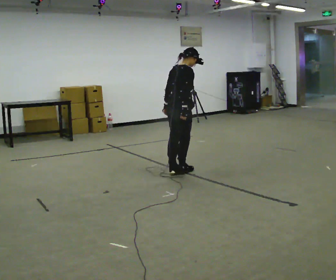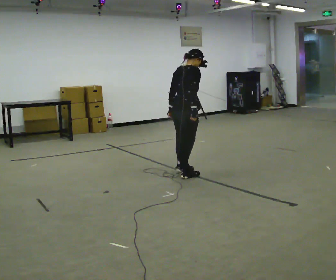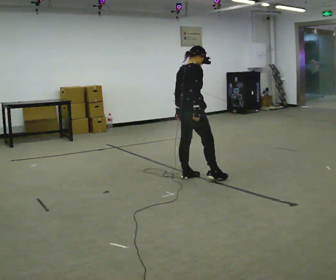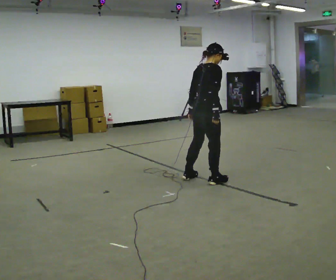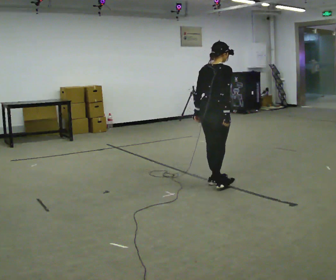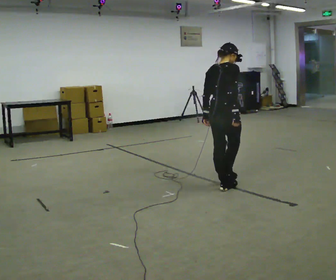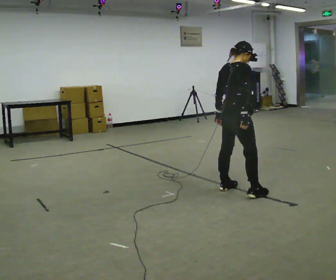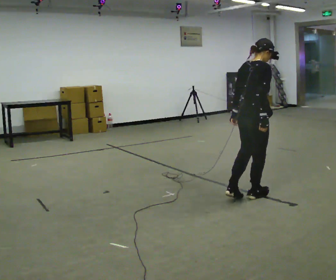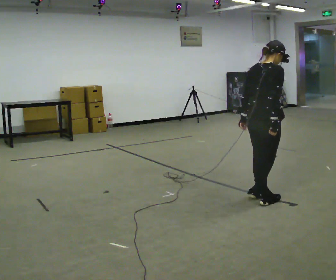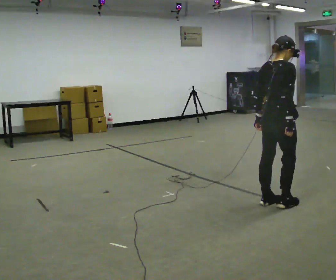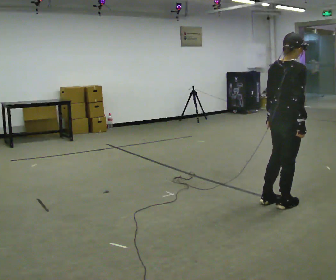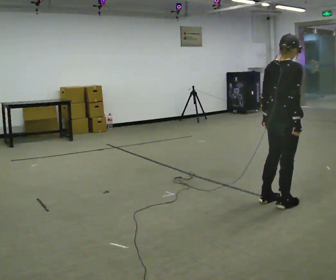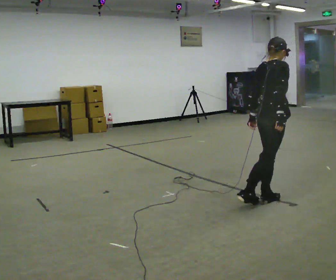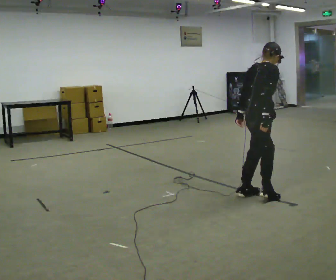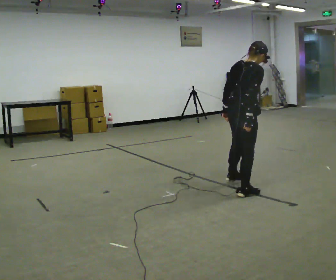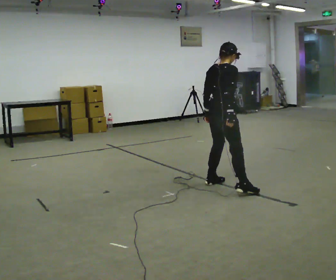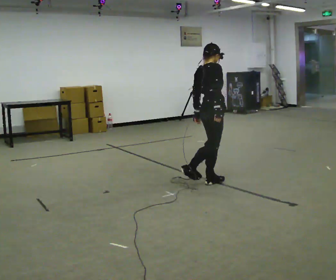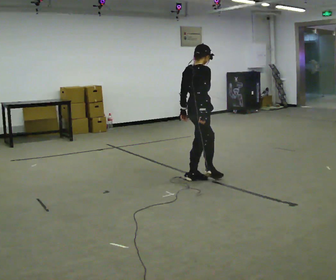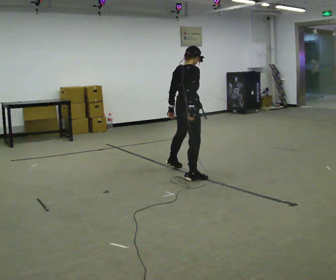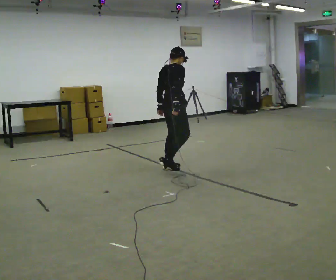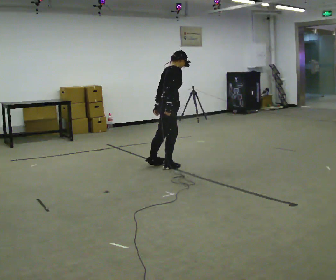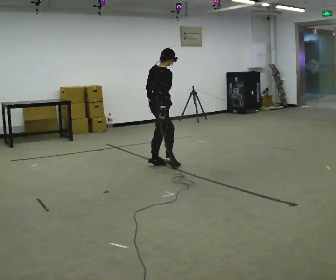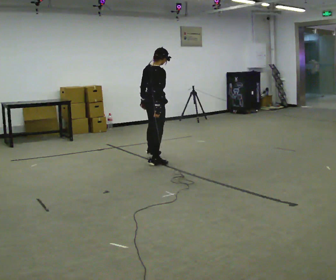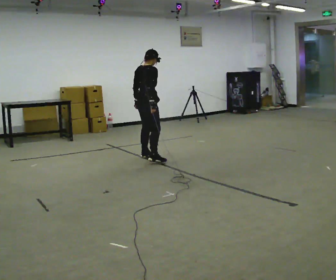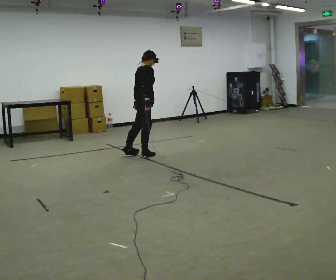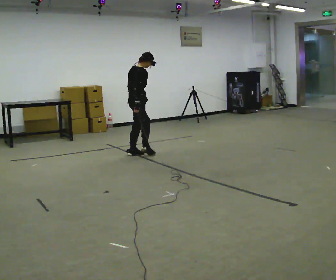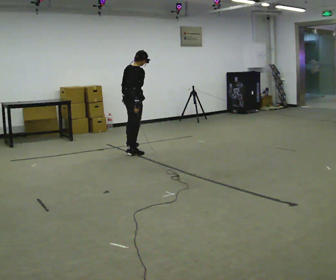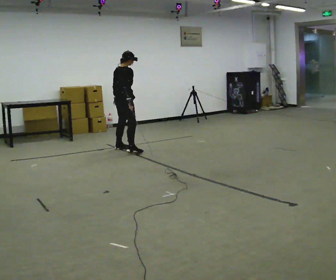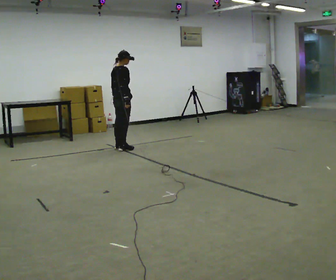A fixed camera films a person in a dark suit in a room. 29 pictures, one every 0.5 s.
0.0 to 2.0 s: In the picture they go toward the camera and to the right, about 0.75 m in 2 steps, which for them is to their right.
2.0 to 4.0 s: In the picture they go toward the camera and to the right, about 0.75 m in 3 steps, which for them is to their right.
4.0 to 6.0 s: The person moves a little, or ends about where they began.
6.0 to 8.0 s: In the picture they go away from the camera and to the left, about 1 m in 2 steps, which for them is to their left.
8.0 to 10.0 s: In the picture they go away from the camera and to the left, about 1 m in 2 steps, which for them is to their left.
10.0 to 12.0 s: In the picture they go away from the camera and to the left, about 0.5 m in 2 steps, which for them is to their left.
12.0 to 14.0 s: In the picture they go to the left and away from the camera, about 0.5 m in 3 steps, which for them is to their left.
The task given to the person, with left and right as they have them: Move sideways in the direction the operator calls, crossing one foot in front and then behind, alternating.
The film runs forward here.
